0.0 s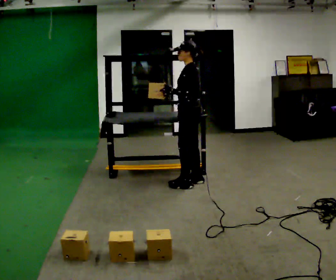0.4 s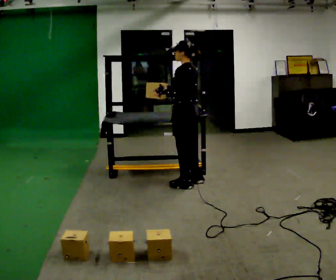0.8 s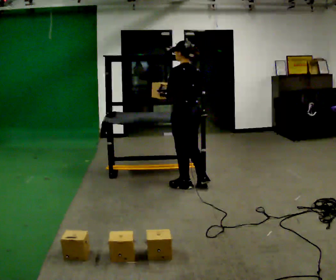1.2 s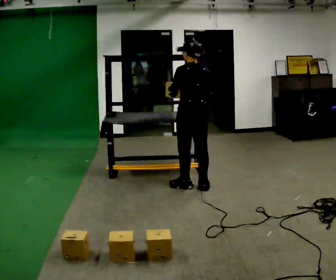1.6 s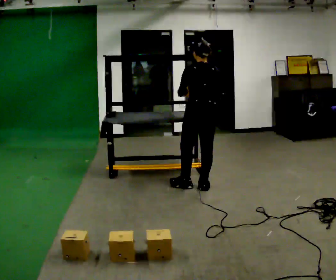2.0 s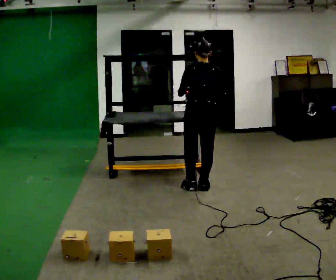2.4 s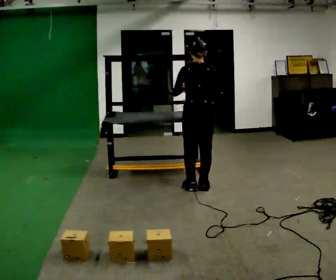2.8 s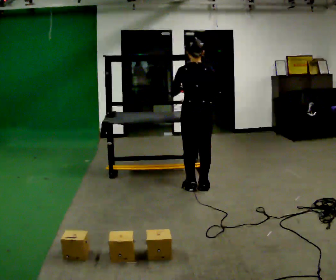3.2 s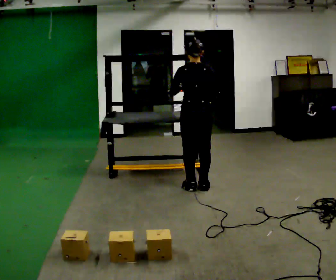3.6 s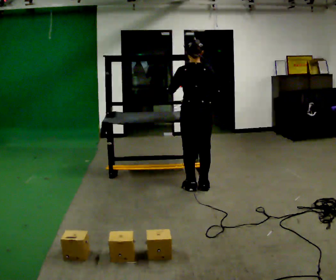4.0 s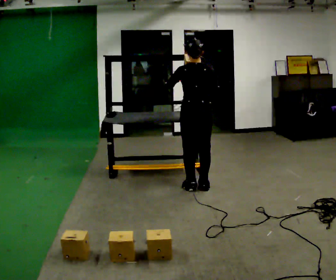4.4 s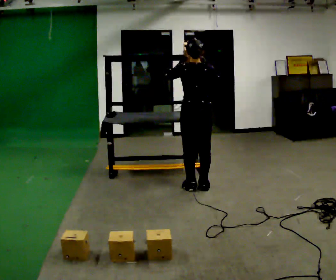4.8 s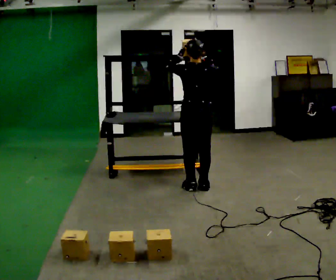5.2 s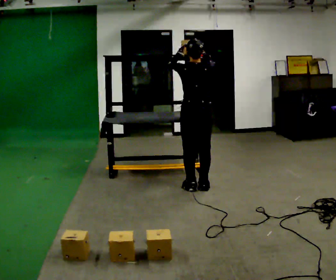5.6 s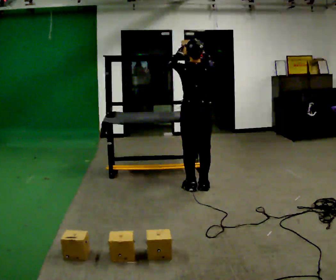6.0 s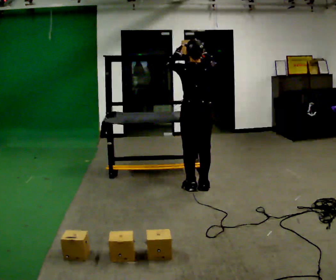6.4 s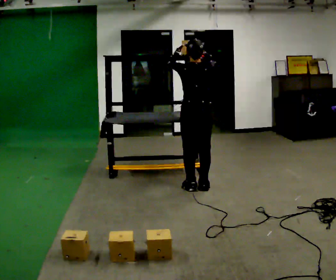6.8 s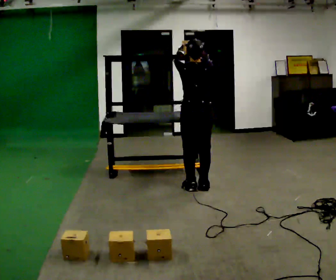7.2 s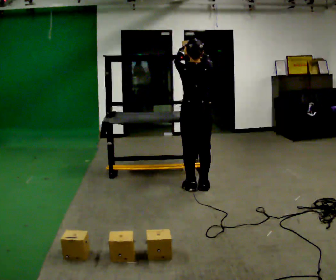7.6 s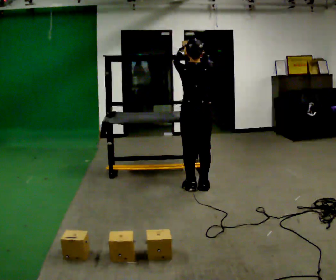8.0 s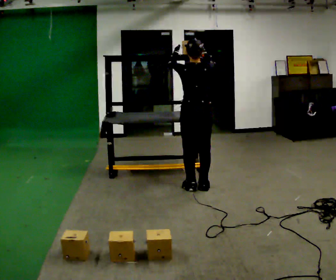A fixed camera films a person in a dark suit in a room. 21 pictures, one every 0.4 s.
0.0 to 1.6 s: The part of the body nearest the lens slides to the left as the person turns to their right by about 75 degrees. In the picture they go toward the camera, about 0.25 m in 1 step. In the picture their right hand goes to the right.
1.6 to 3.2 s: The person moves a little, or ends about where they began.
3.2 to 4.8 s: In the picture their right hand goes upward.
4.8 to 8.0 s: The person moves a little, or ends about where they began.
The film runs backward here.
